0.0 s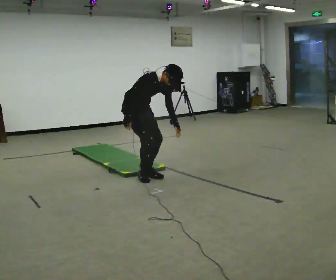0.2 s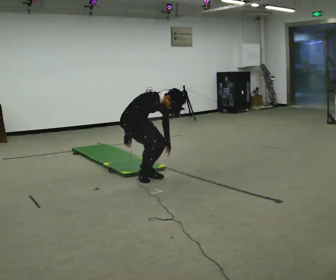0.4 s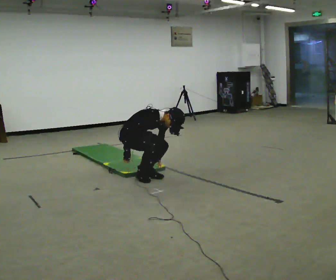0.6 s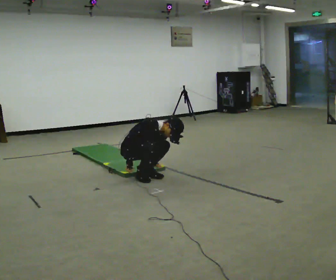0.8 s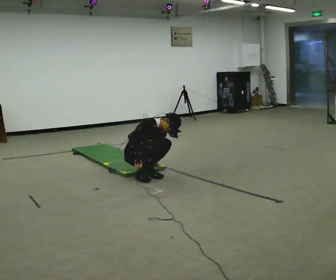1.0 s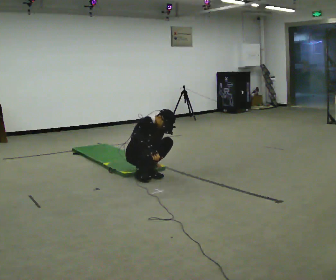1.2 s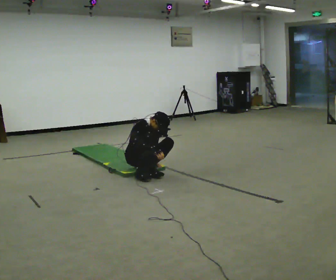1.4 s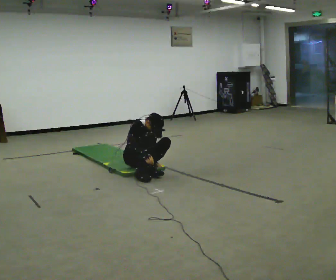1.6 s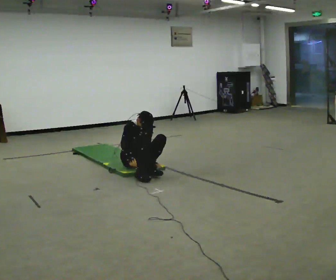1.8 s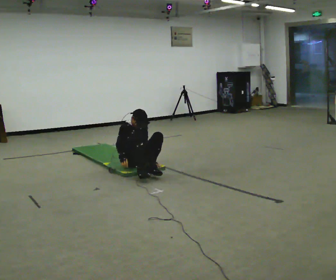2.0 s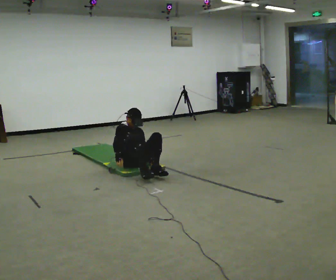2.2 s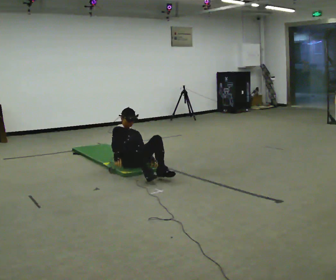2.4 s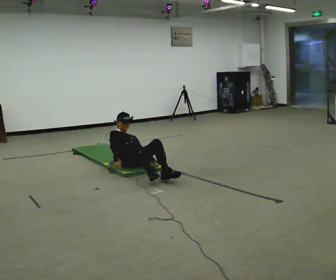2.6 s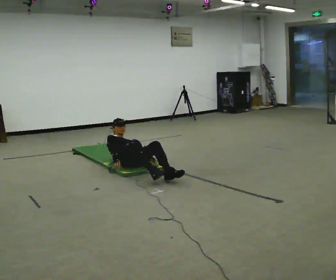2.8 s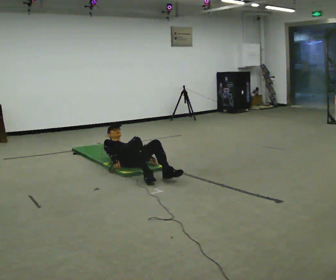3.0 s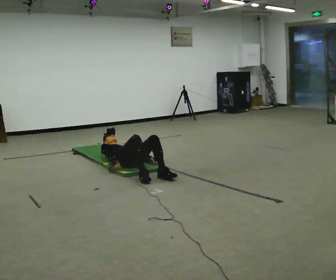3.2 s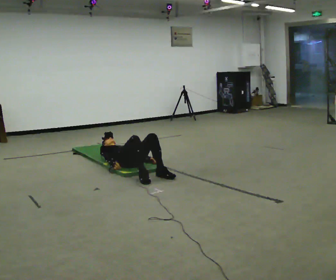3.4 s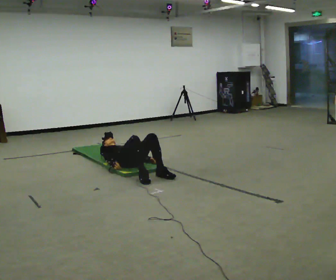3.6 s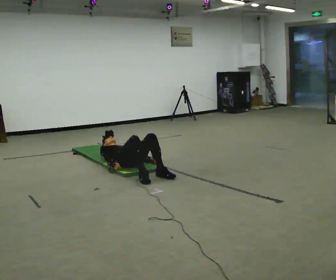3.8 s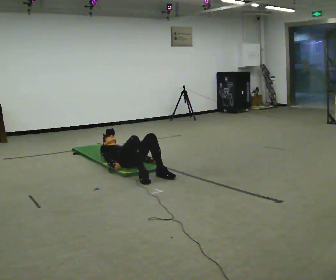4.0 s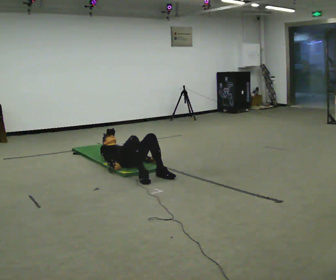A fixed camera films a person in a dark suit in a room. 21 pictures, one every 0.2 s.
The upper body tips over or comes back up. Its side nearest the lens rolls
upward.
The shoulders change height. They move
downward.
0.0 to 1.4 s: In the picture they go away from the camera, about 0.25 m, which for them is backward and to their left. The shoulders move downward. In the picture their right hand goes downward.
1.4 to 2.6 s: The shoulders move downward. The upper body tips away from the camera, its near side rolling upward, as they lean back or straighten.
2.6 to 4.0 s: In the picture the upper body tilts counterclockwise, shoulders to the left, as they lean back or straighten.
The film runs backward here.
